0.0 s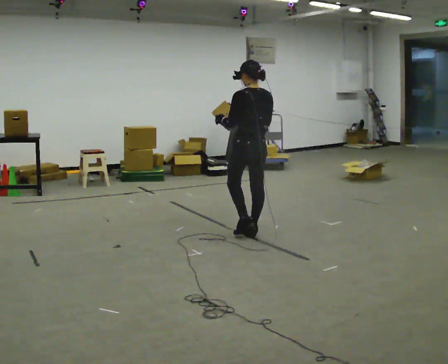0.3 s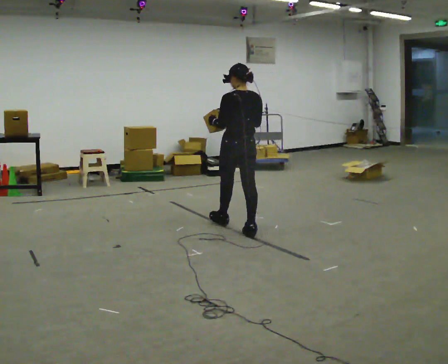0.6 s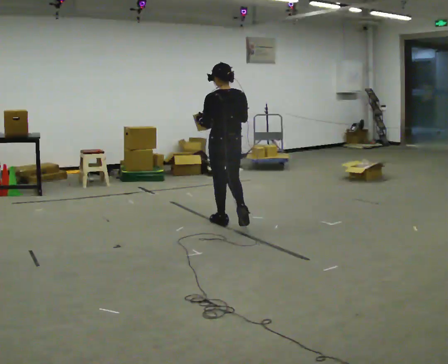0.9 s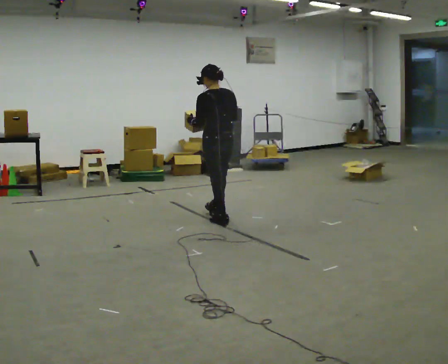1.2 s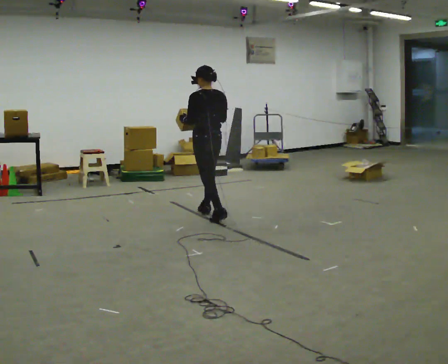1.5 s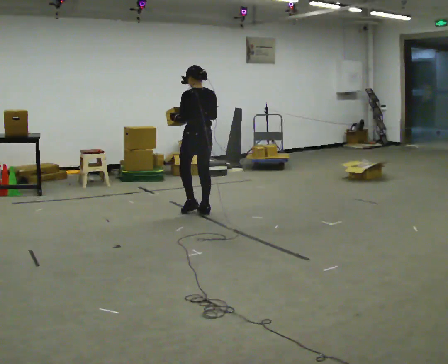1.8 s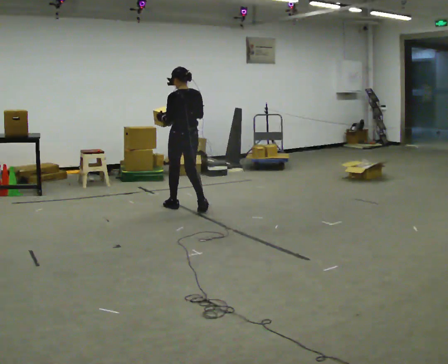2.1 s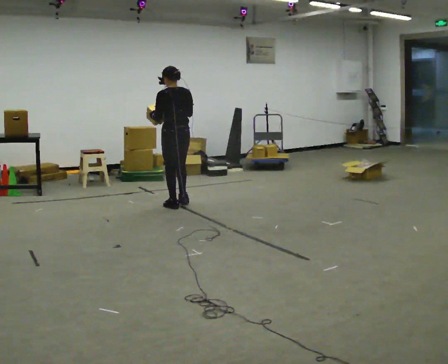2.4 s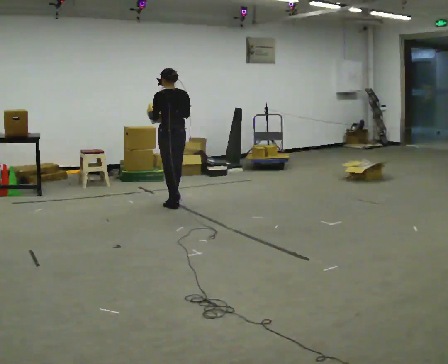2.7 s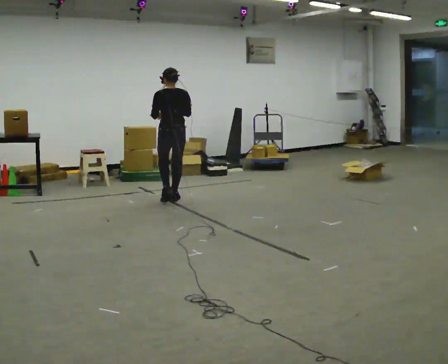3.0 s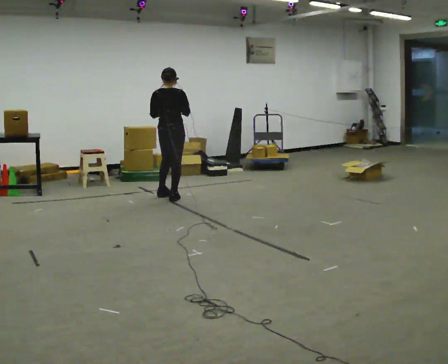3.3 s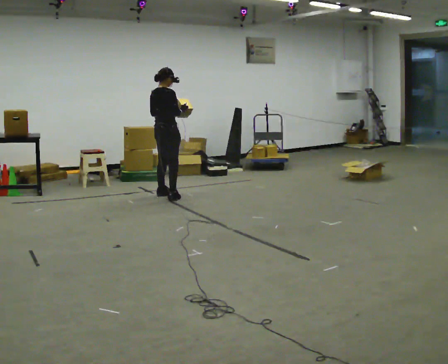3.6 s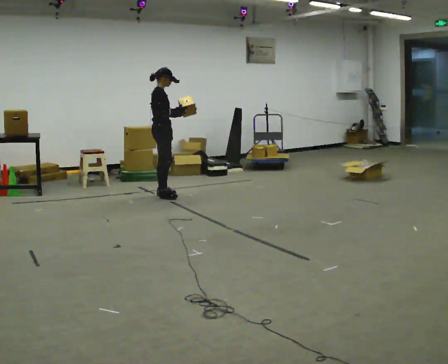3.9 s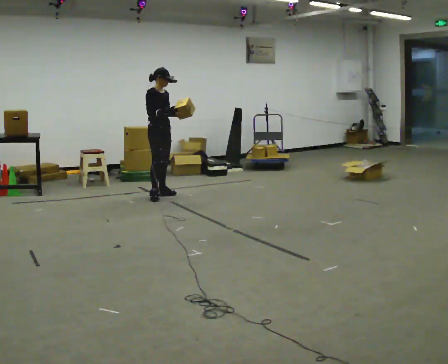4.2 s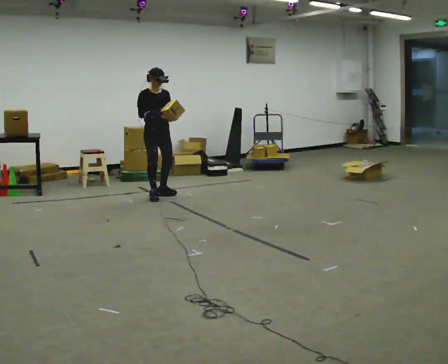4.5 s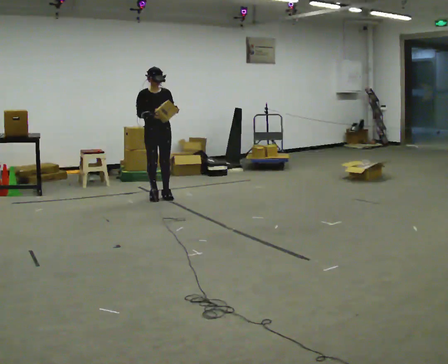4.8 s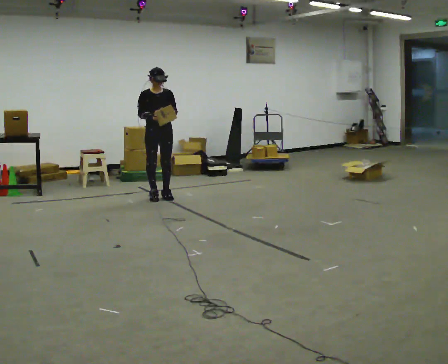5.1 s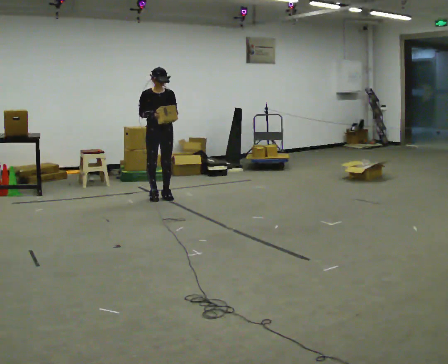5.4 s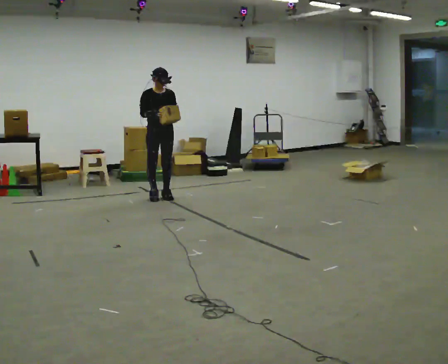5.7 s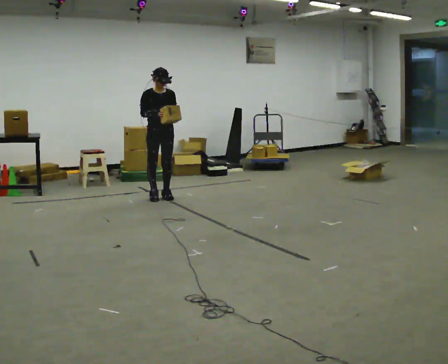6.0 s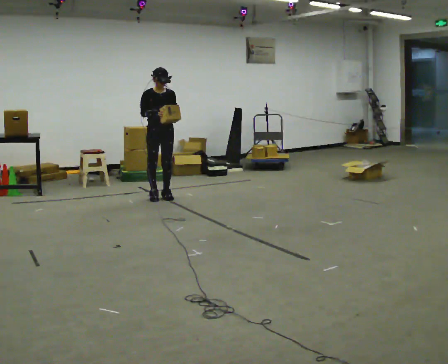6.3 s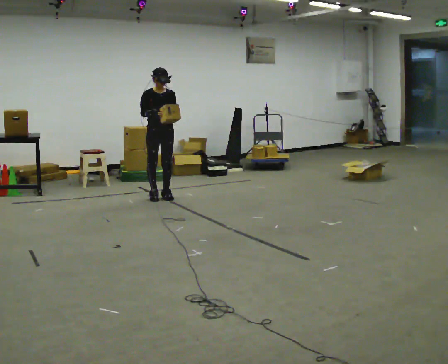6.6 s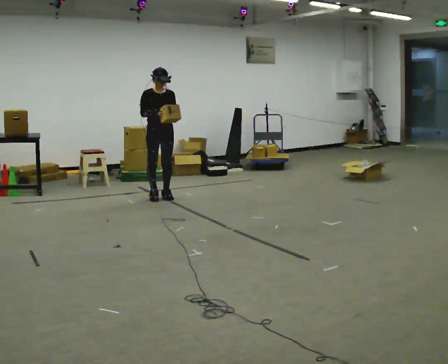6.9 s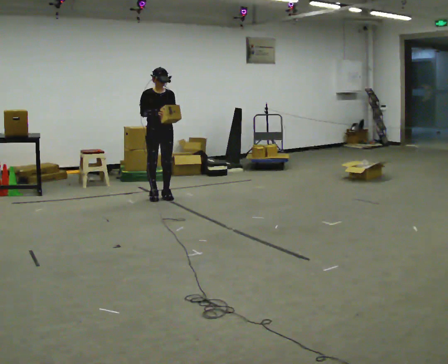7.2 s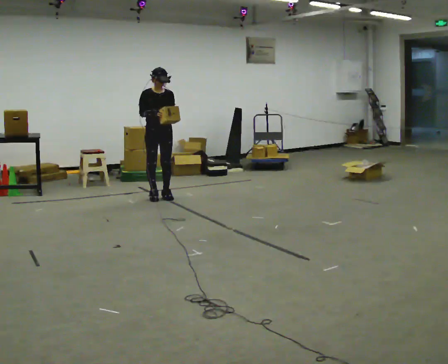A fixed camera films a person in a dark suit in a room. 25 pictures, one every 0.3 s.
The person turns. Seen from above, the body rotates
clockwise.
The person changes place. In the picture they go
away from the camera.
0.0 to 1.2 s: In the picture they go away from the camera and to the left, about 1 m in 2 steps, which for them is forward.
1.2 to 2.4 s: In the picture they go away from the camera and to the left, about 0.75 m in 2 steps, which for them is forward.
2.4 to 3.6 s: Seen from above the body turns clockwise, about 120 degrees: to their right, with its near side sliding to the left. In the picture they go away from the camera and to the left, about 0.5 m in 1 step.
3.6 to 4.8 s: The person turns about 75 degrees to their right, clockwise seen from above, so the part of the body nearest the lens slides to the left.
4.8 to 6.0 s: The person moves a little, or ends about where they began.
6.0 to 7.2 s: The person keeps their place and pose.
The film runs forward here.
